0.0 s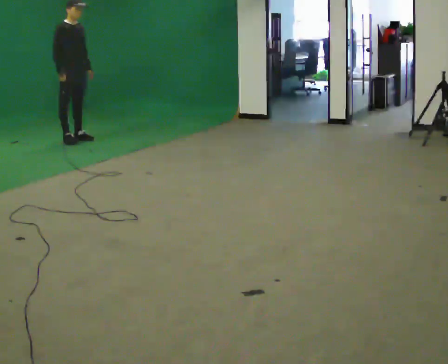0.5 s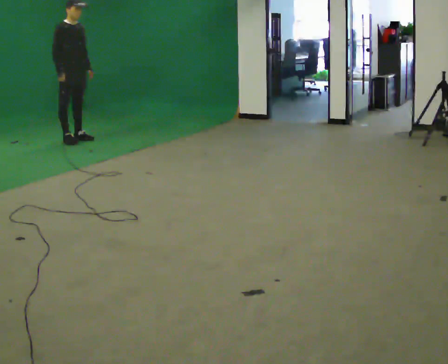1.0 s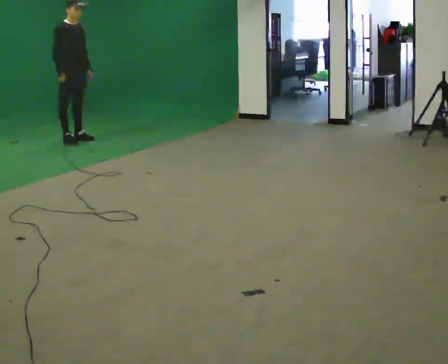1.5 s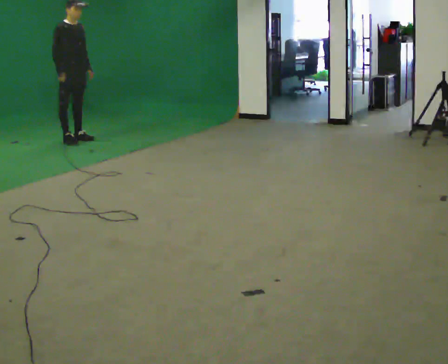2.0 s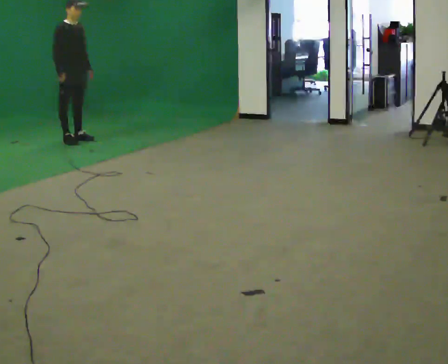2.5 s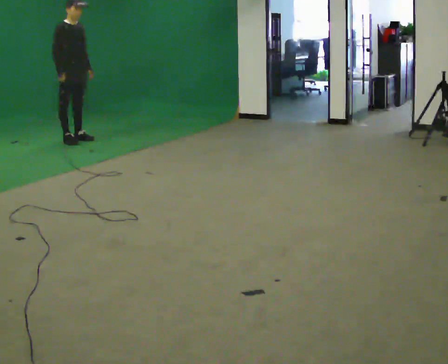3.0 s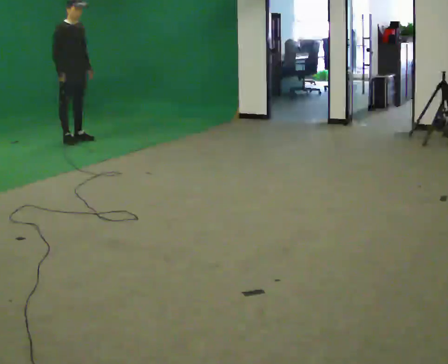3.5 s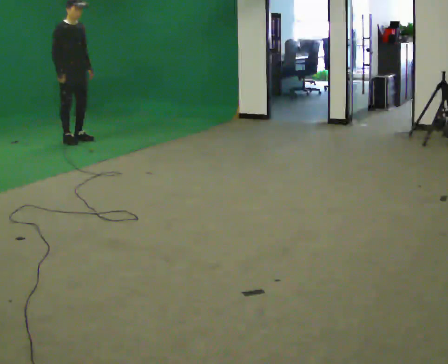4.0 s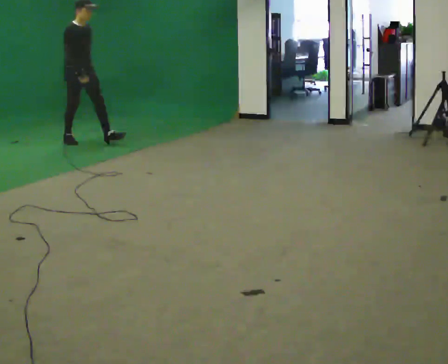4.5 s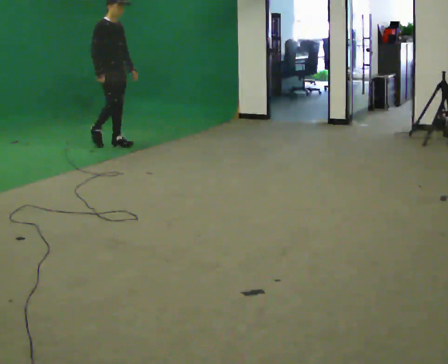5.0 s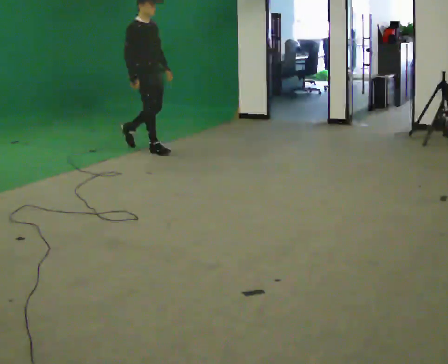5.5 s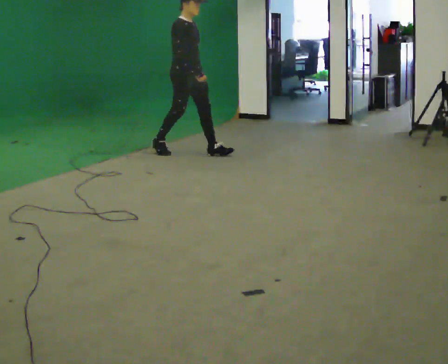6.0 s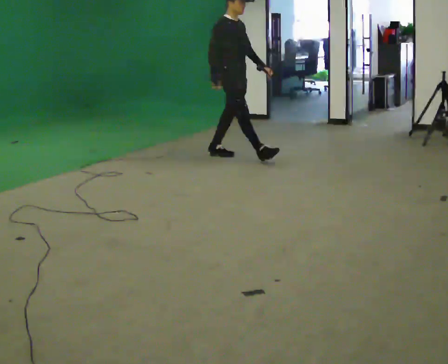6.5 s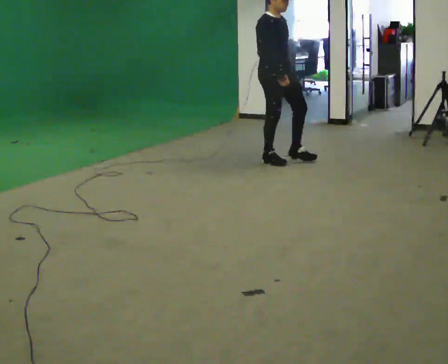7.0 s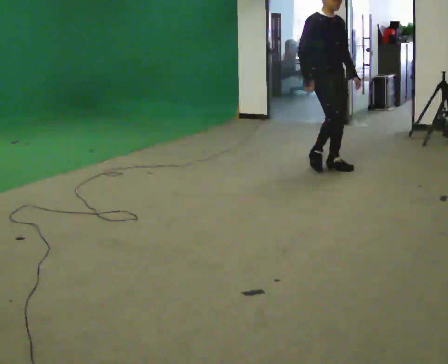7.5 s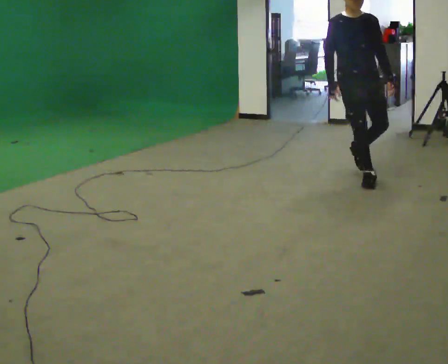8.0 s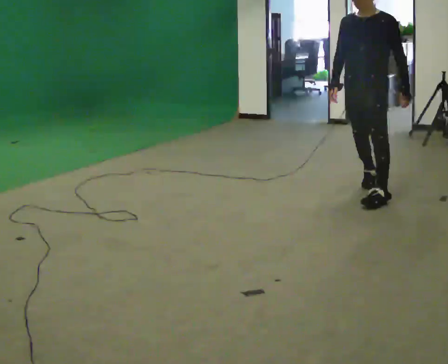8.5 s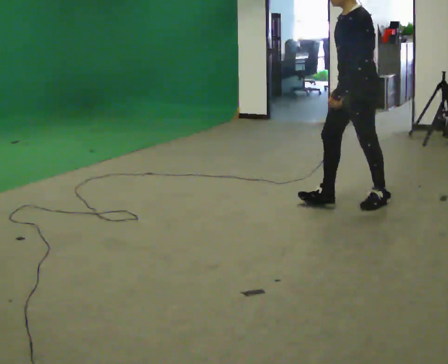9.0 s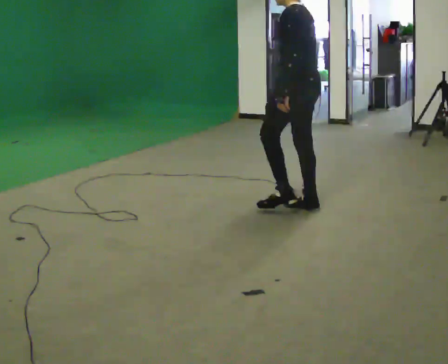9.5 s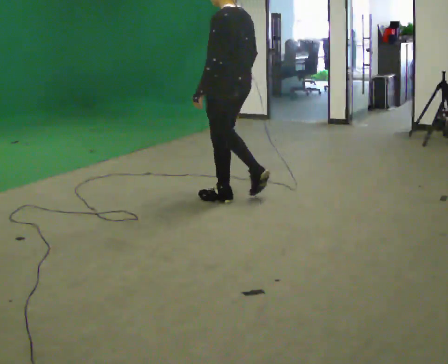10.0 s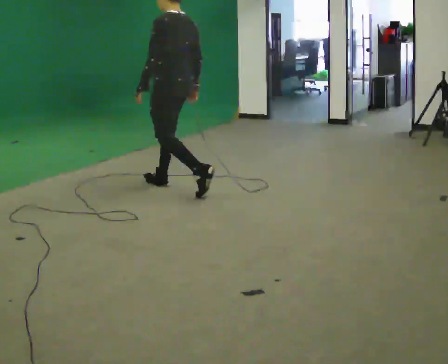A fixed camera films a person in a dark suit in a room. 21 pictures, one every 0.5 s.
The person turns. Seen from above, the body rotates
clockwise.
The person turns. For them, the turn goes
to their right.
0.0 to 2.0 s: The person moves a little, or ends about where they began.
2.0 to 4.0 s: In the picture they go toward the camera, about 0.25 m, which for them is forward.
4.0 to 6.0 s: In the picture they go to the right and toward the camera, about 2 m in 3 steps, which for them is forward.
6.0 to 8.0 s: The person turns about 105 degrees to their right, clockwise seen from above, so the part of the body nearest the lens slides to the left. In the picture they go toward the camera and to the right, about 1.5 m in 4 steps.
8.0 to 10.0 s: Seen from above the body turns clockwise, about 90 degrees: to their right, with its near side sliding to the left. In the picture they go to the left, about 1.5 m in 3 steps.
The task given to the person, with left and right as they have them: Walk straight; turn around and walk back; use wide or tight turn.
The film runs forward here.
